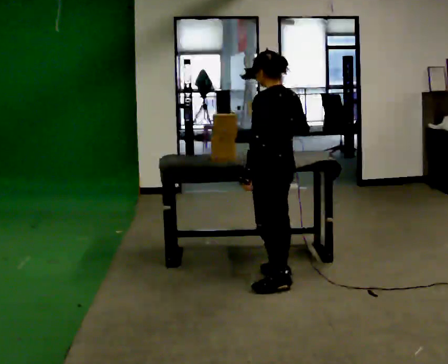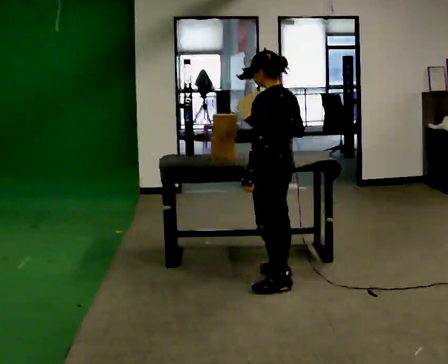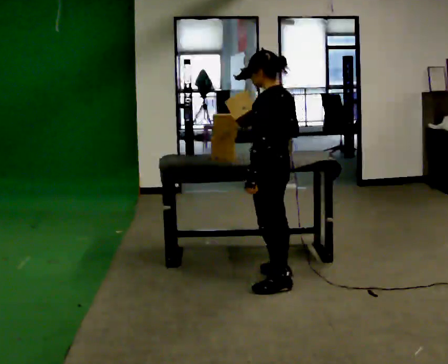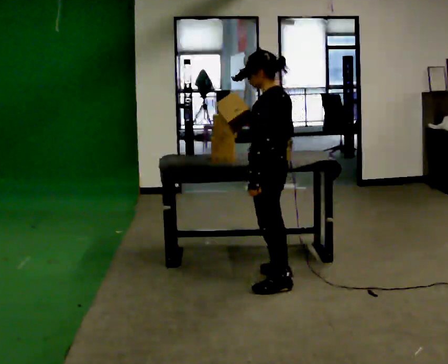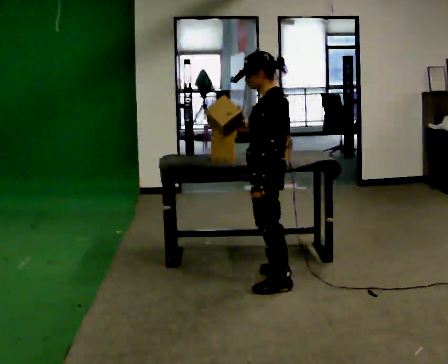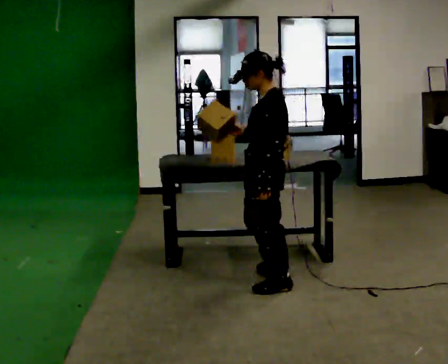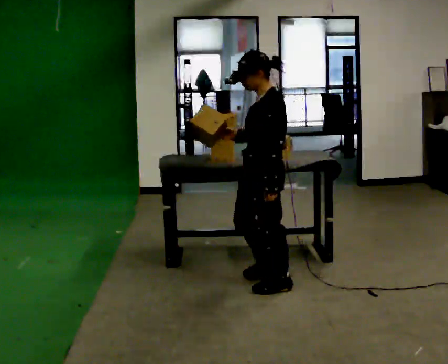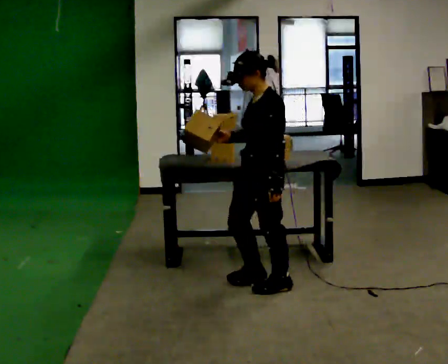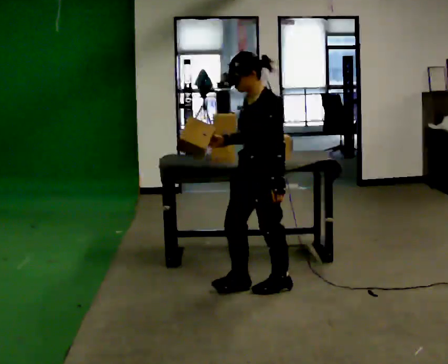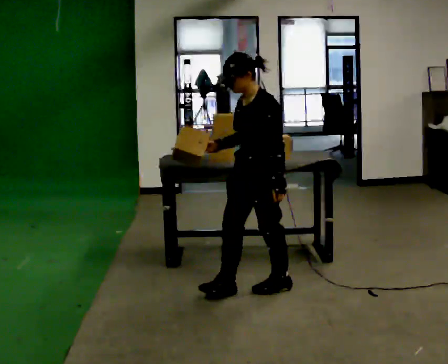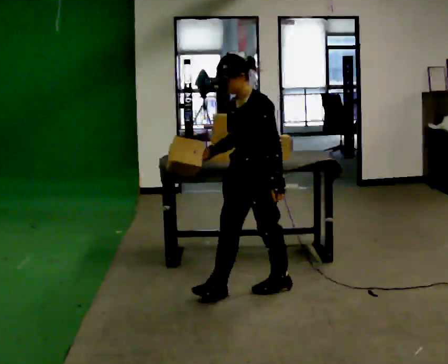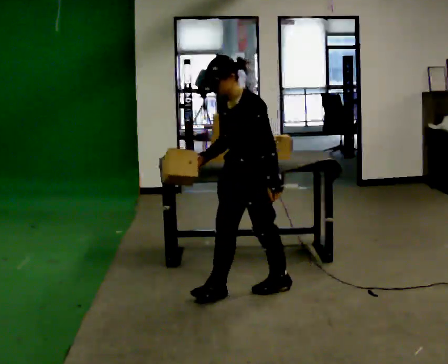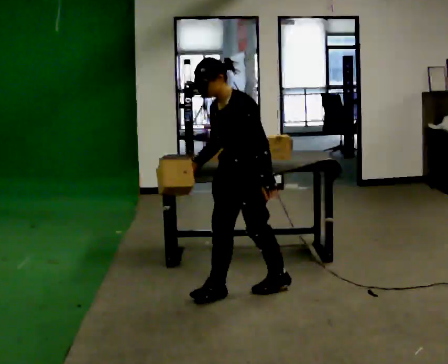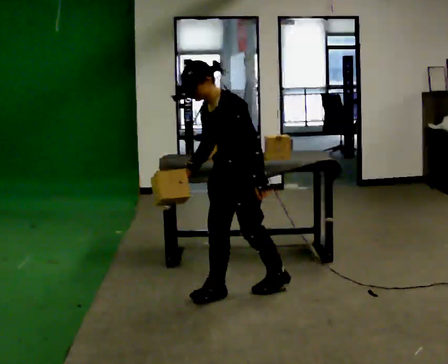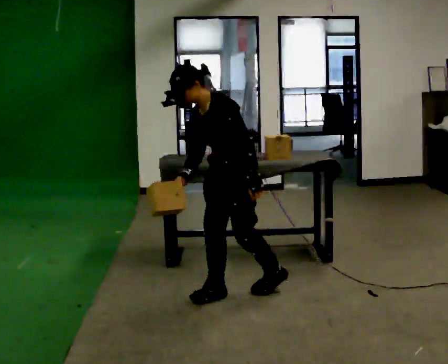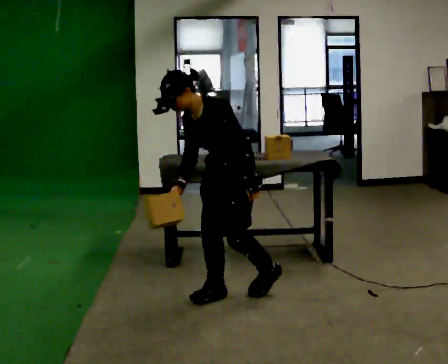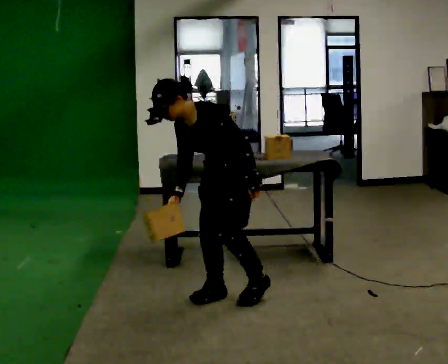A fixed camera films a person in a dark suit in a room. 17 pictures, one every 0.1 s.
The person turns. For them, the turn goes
to their left.
The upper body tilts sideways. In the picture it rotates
counterclockwise.
0.0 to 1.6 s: The person turns about 75 degrees to their left, counterclockwise seen from above, so the part of the body nearest the lens slides to the right. In the picture they go to the left and toward the camera, about 0.5 m in 1 step. In the picture the upper body tilts counterclockwise, shoulders to the left, as they bend forward. In the picture their right hand goes downward.
The film runs forward here.
